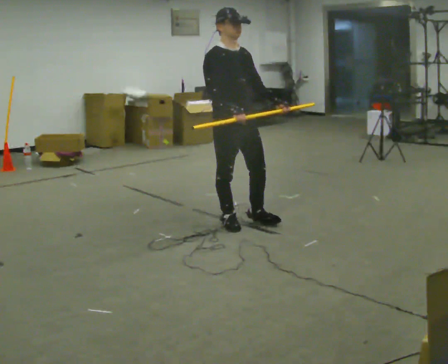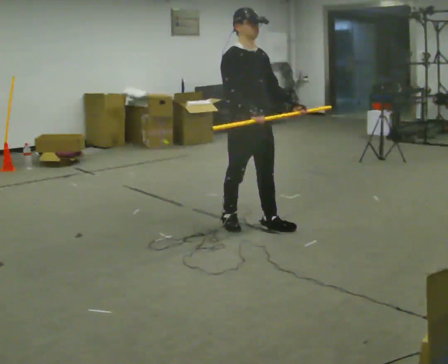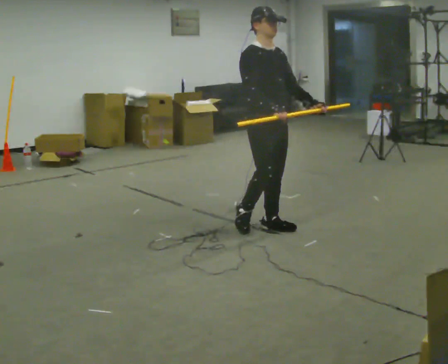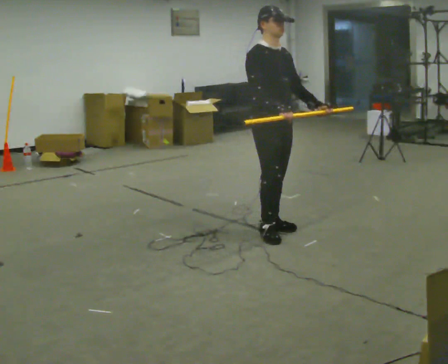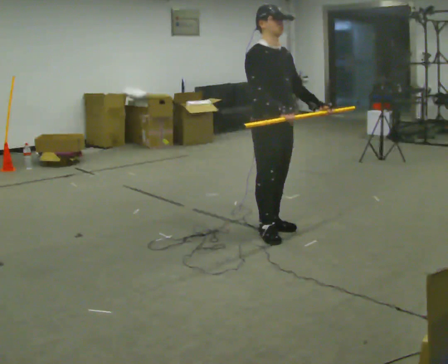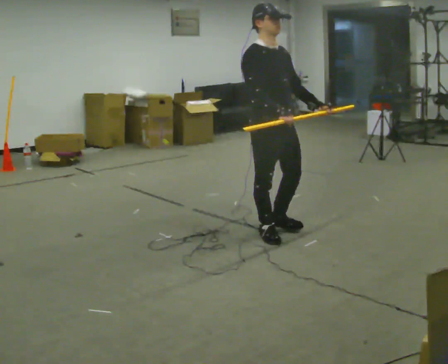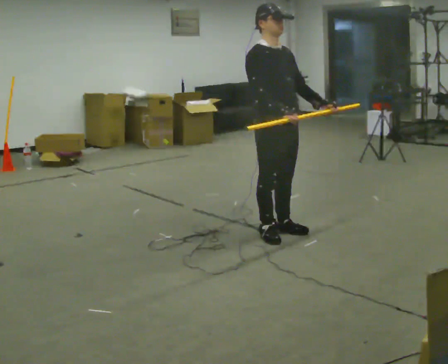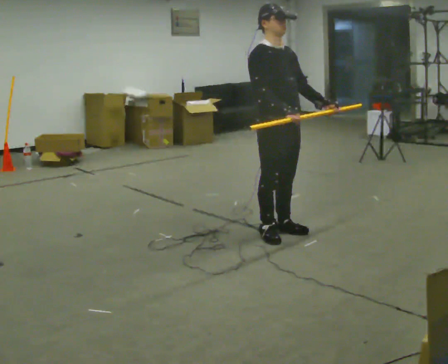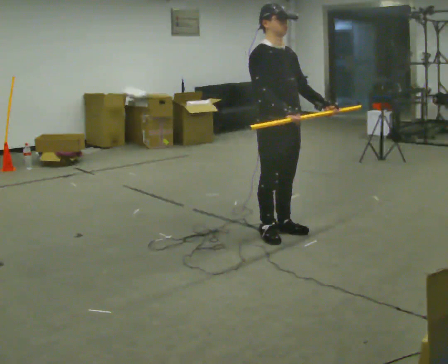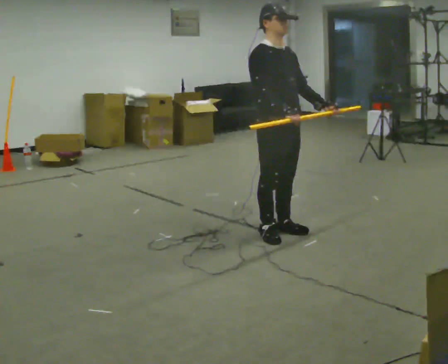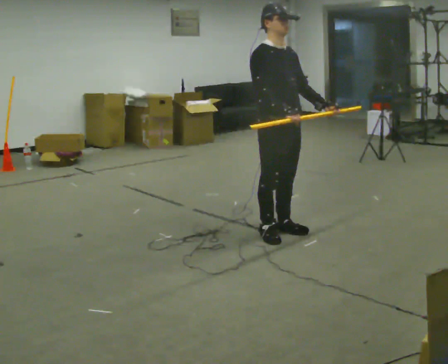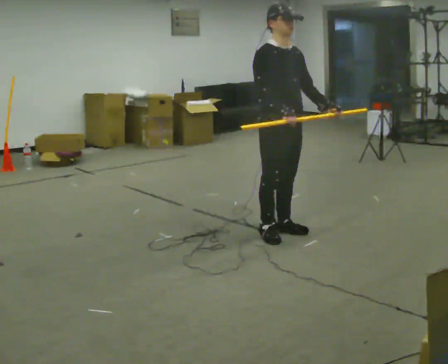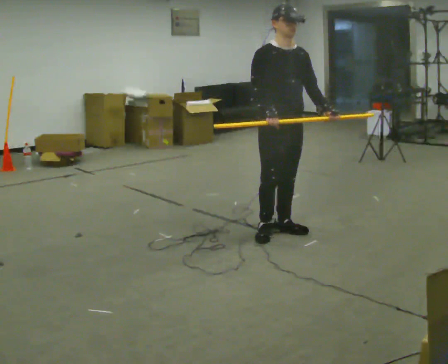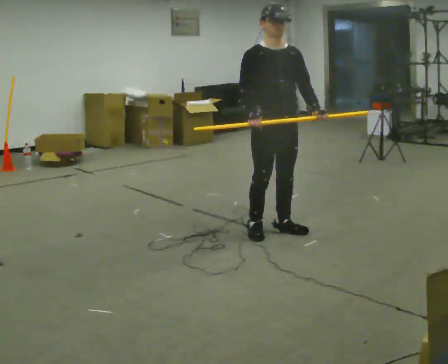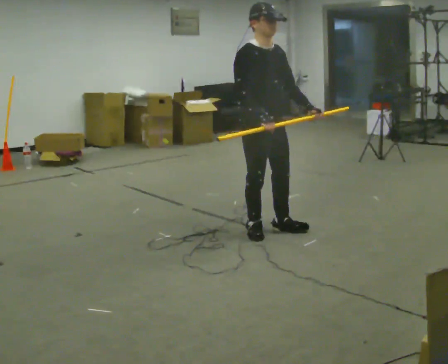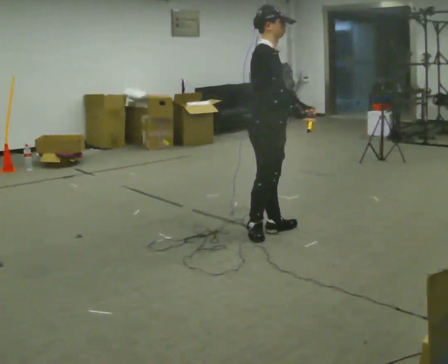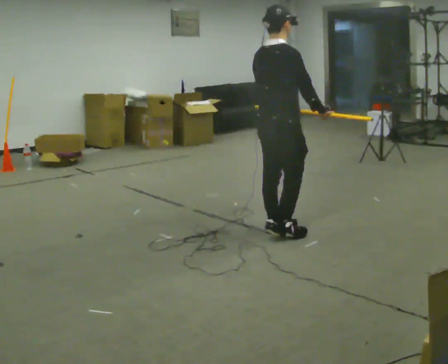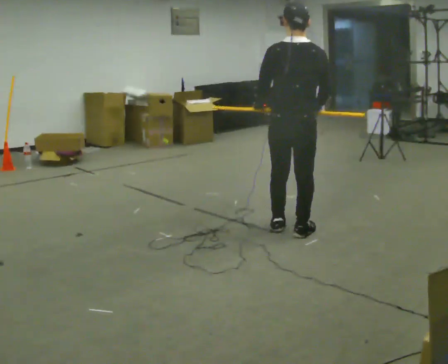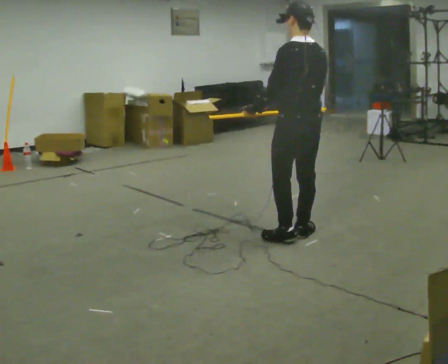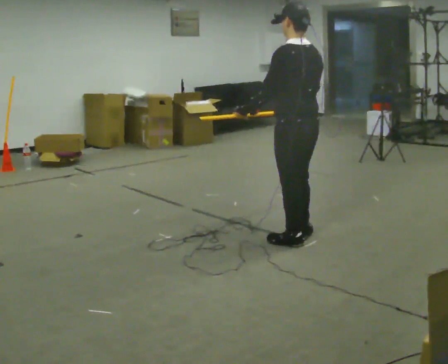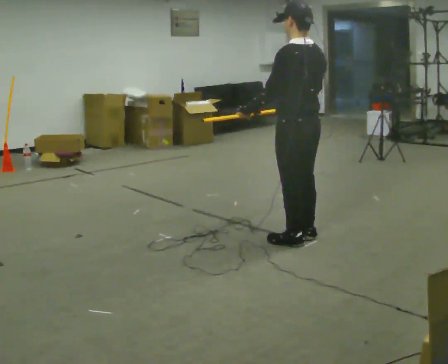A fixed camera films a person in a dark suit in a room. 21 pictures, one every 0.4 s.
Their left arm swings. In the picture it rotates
clockwise.
0.0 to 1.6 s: In the picture they go to the right and toward the camera, about 0.25 m in 2 steps, which for them is forward.
1.6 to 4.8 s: The person moves a little, or ends about where they began.
4.8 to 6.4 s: Seen from above the body turns counterclockwise, about 105 degrees: to their left, with its near side sliding to the right.
6.4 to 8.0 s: The person turns about 90 degrees to their left, counterclockwise seen from above, so the part of the body nearest the lens slides to the right. In the picture they go toward the camera and to the right, about 0.25 m in 2 steps.
The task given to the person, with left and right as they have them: Carry the long object across the room and around the corner, turning without hitting anything. Keep going until the operator says stop; one object at a time, and do not rush between trips.
The film runs forward here.
